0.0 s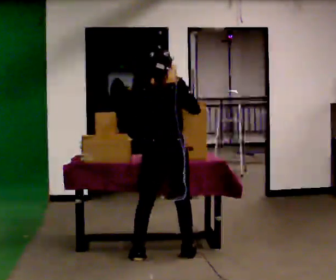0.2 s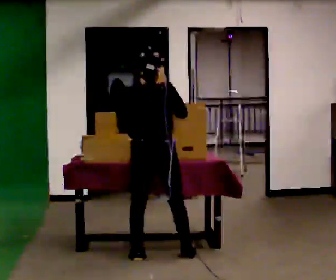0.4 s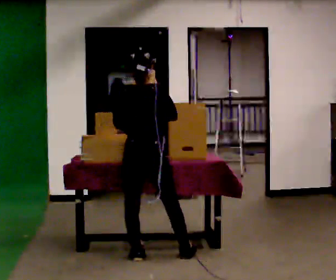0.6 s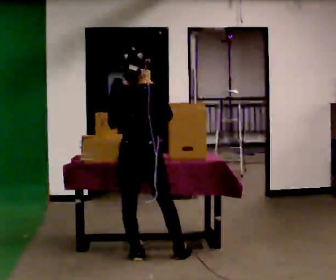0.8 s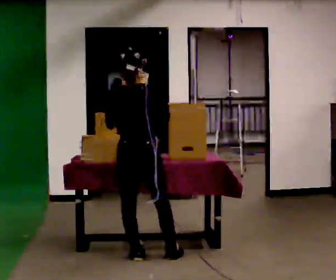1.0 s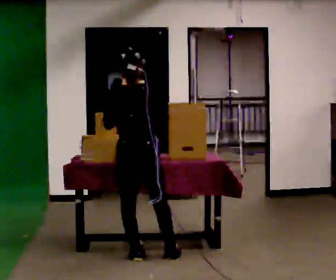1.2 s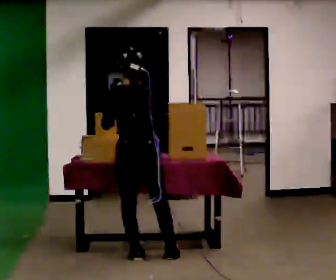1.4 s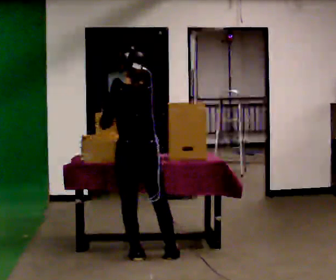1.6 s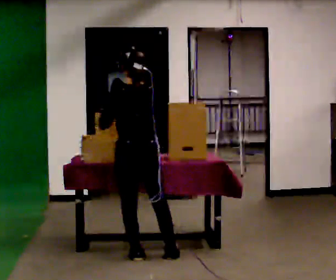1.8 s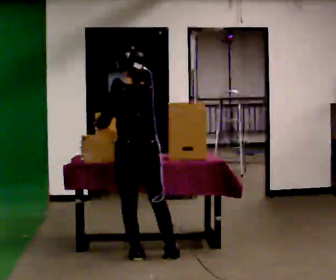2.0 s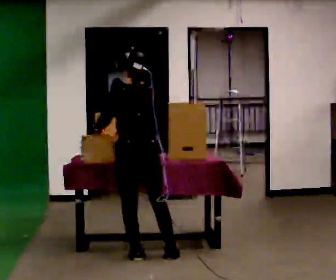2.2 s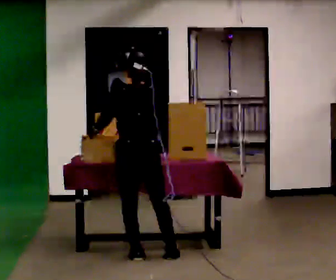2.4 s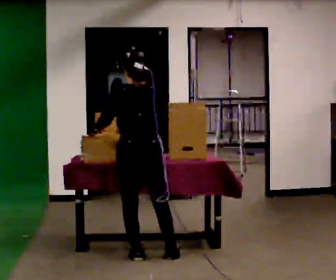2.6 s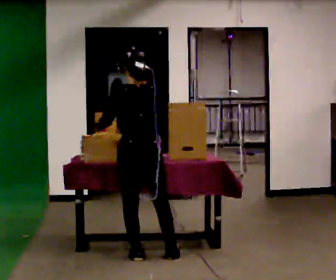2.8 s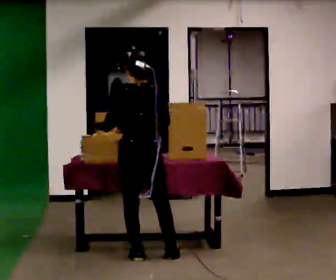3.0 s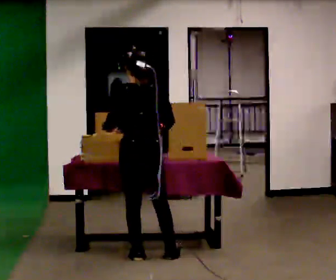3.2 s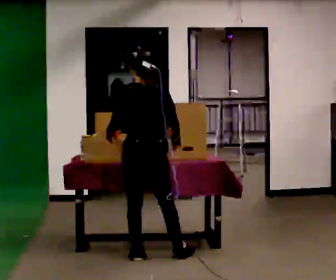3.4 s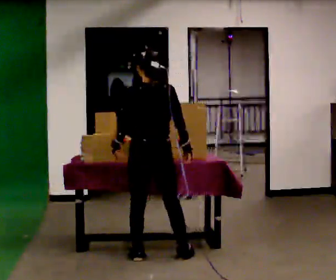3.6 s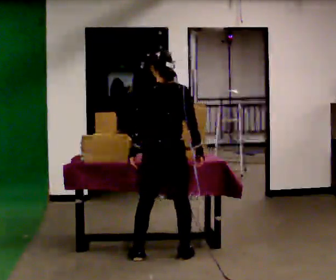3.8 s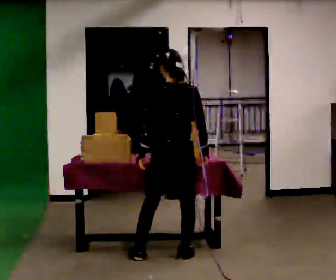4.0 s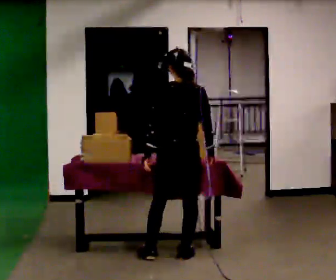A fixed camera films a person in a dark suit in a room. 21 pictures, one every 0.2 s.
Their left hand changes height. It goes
downward.
Their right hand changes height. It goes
downward.
0.0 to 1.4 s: In the picture they go to the left, about 0.25 m, which for them is to their left. In the picture their right hand goes to the left.
1.4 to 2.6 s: The person moves a little, or ends about where they began.
2.6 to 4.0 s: In the picture they go to the right, about 0.25 m, which for them is to their right.
The film runs backward here.
